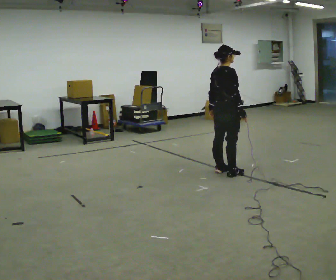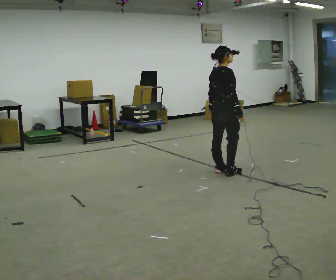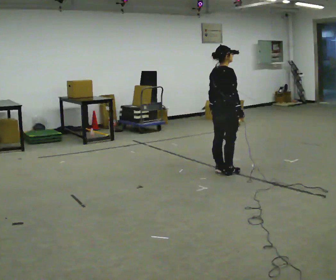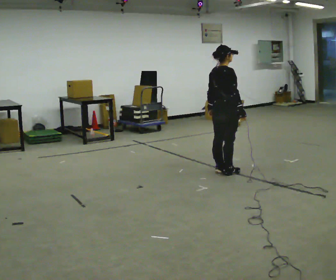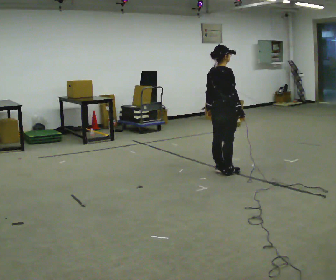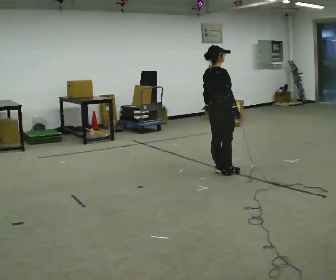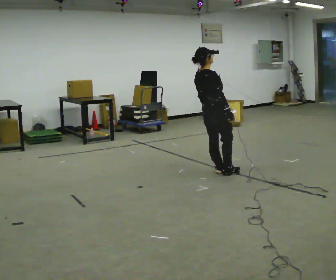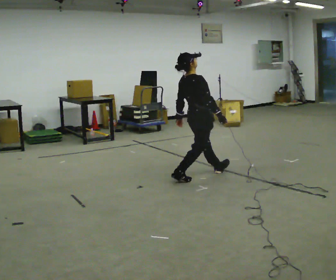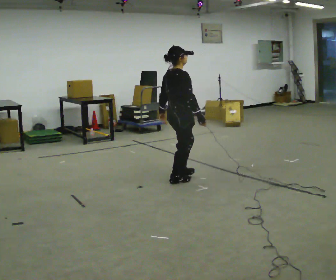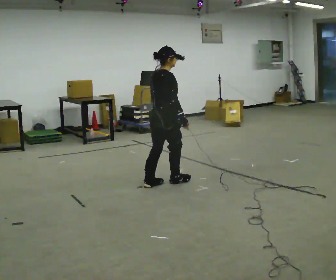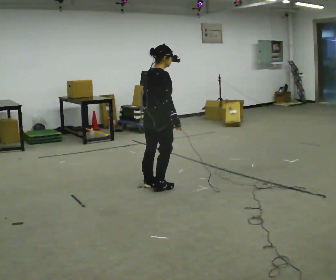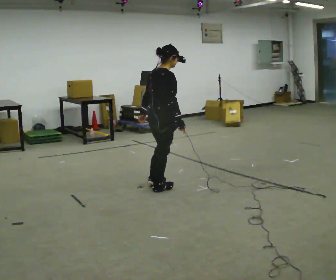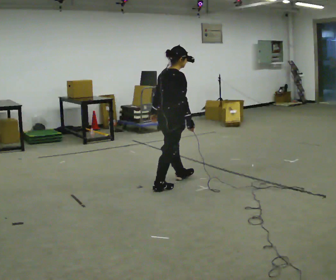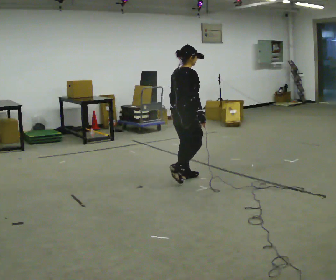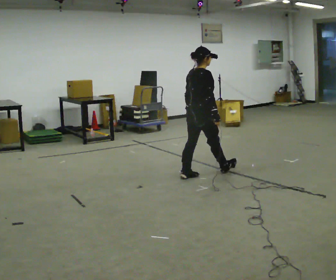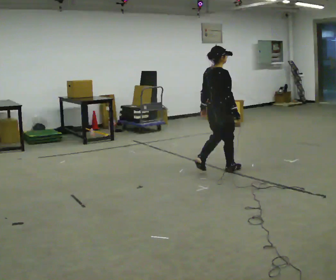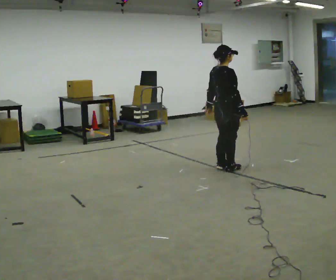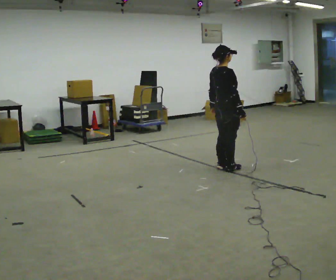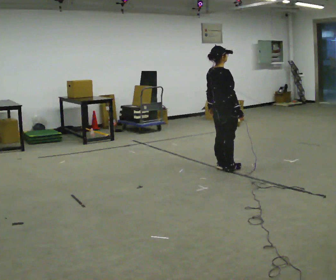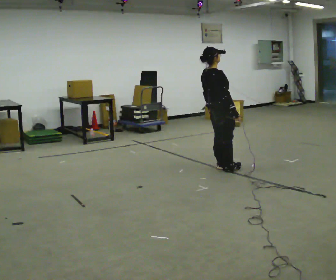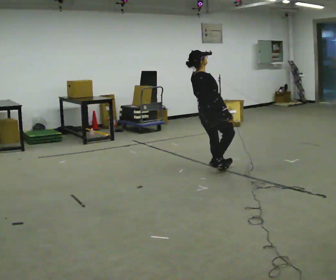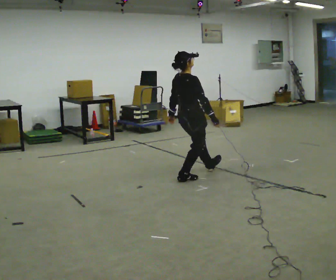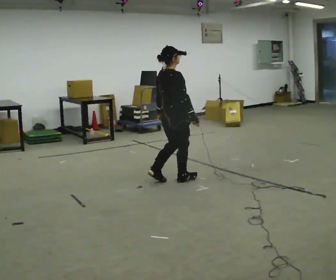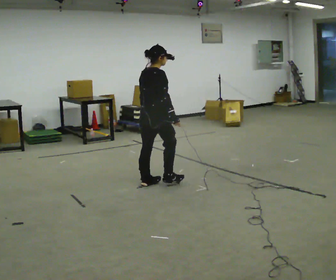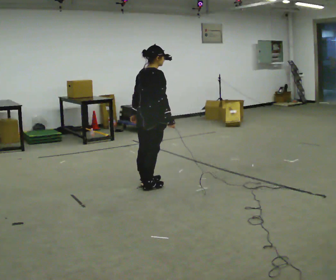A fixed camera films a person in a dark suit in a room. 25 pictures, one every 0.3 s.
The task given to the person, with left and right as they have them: Stand on the marked spots. Lean backward, keeping your body straight, until you cannot hold it, then step back to catch yourself. Return to the spots. Repeat at your own pace until the operator says stop. Go slowly and only as far as you are comfortable. Step whenever you need to; do not try to hold on longer than feels safe.
0.0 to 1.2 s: The person moves a little, or ends about where they began.
1.2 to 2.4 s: In the picture they go to the left and toward the camera, about 0.5 m in 1 step, which for them is backward.
2.4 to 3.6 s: The person moves a little, or ends about where they began.
3.6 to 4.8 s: In the picture they go to the right and away from the camera, about 1 m in 3 steps, which for them is forward.
4.8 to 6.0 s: In the picture they go to the left, about 0.25 m, which for them is backward.
6.0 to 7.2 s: In the picture they go to the left and toward the camera, about 1 m in 3 steps, which for them is backward. In the picture the upper body tilts clockwise, shoulders to the right, as they bend forward.
The film runs forward here.
